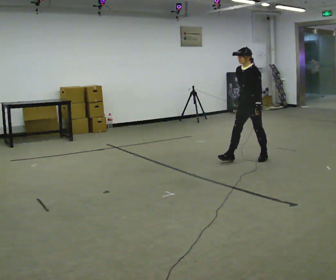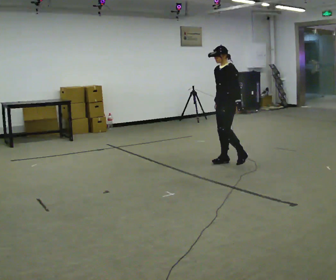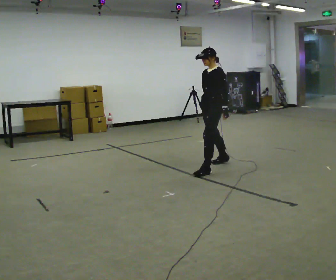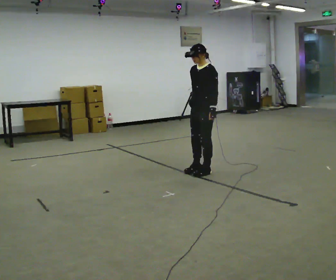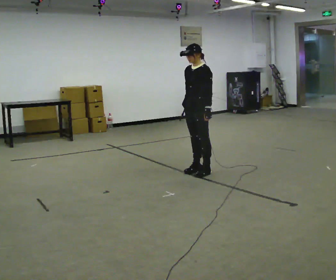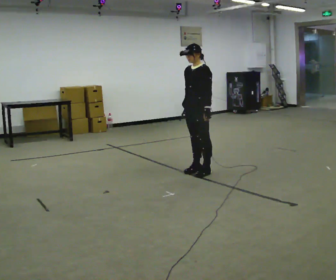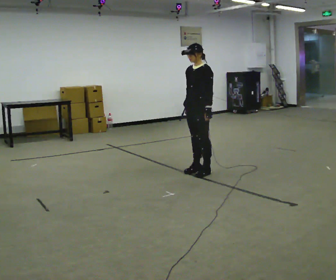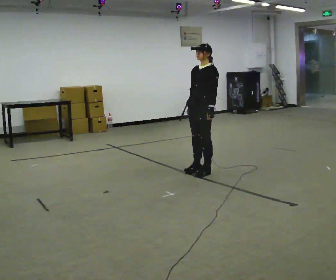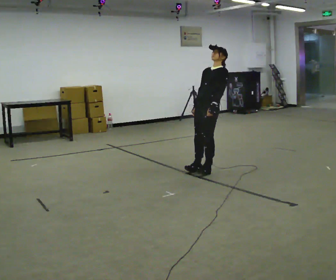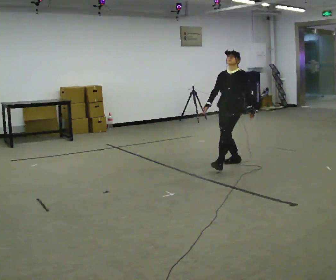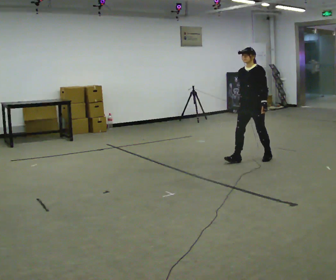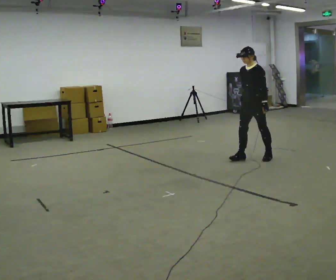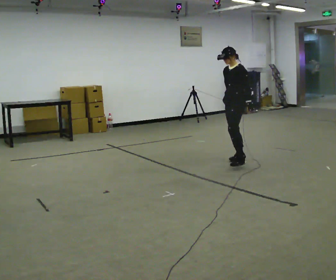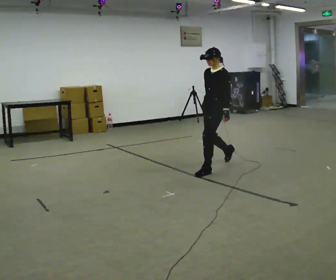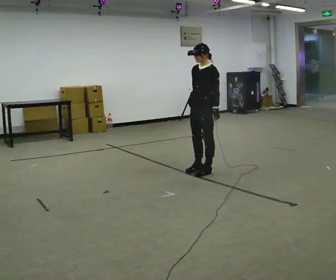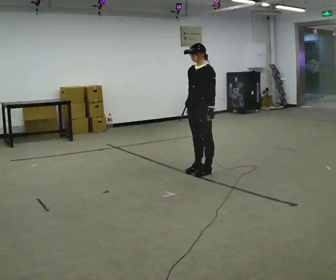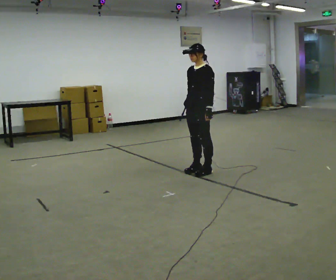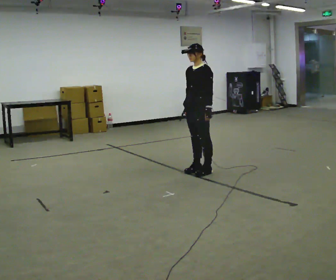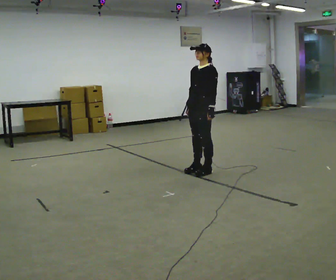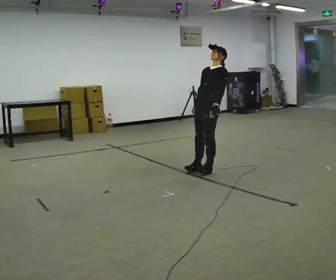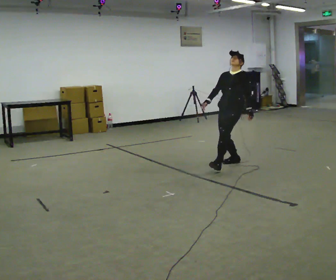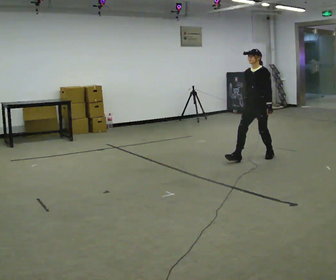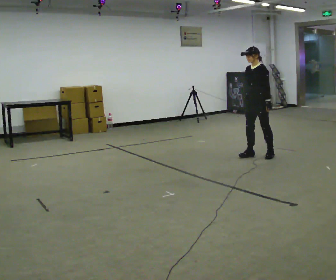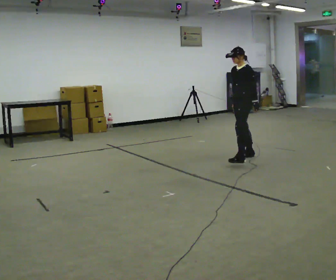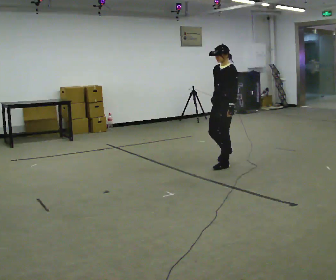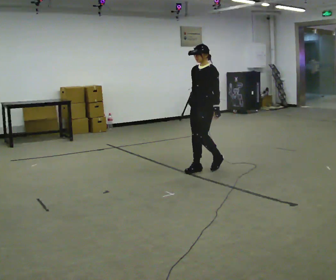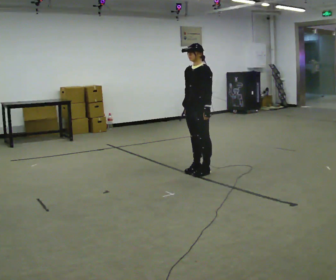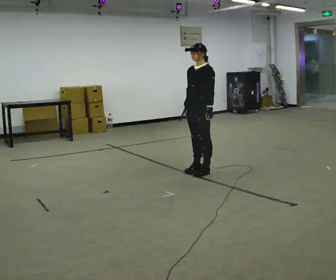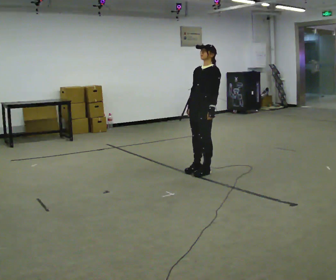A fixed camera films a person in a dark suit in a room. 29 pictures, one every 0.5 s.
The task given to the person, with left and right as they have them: Stand on the marked spots. Lean backward, keeping your body straight, until you cannot hold it, then step back to catch yourself. Return to the spots. Repeat at your own pace until the operator says stop. Go slowly and only as far as you are comfortable. Step whenever you need to; do not try to hold on longer than feels safe.
0.0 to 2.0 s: In the picture they go to the left and toward the camera, about 1 m in 3 steps, which for them is forward.
2.0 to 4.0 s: The person moves a little, or ends about where they began.
4.0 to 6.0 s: In the picture they go away from the camera and to the right, about 0.5 m in 3 steps, which for them is backward.
6.0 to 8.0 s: In the picture they go toward the camera and to the left, about 0.75 m in 2 steps, which for them is forward.
8.0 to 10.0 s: In the picture they go away from the camera and to the right, about 0.5 m in 1 step, which for them is backward.
10.0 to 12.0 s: The person moves a little, or ends about where they began.
12.0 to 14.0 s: In the picture they go toward the camera and to the left, about 0.25 m in 2 steps, which for them is forward.
The film runs forward here.
